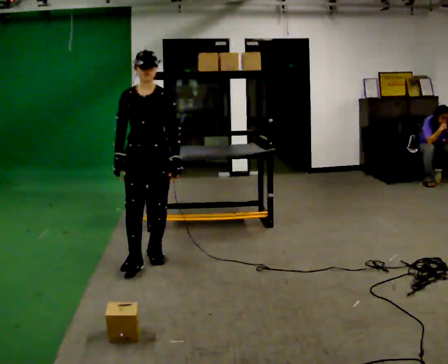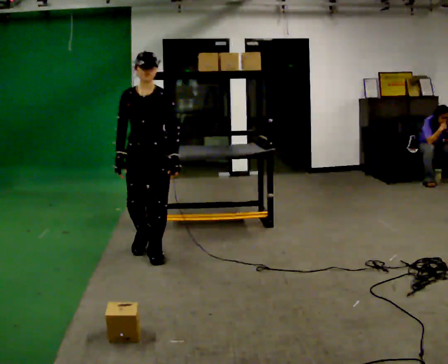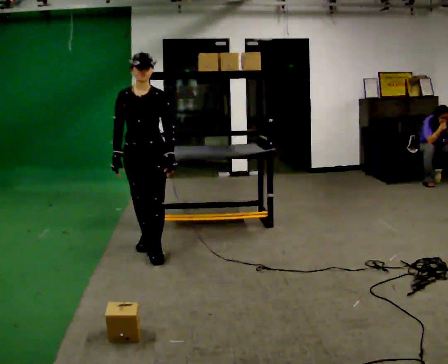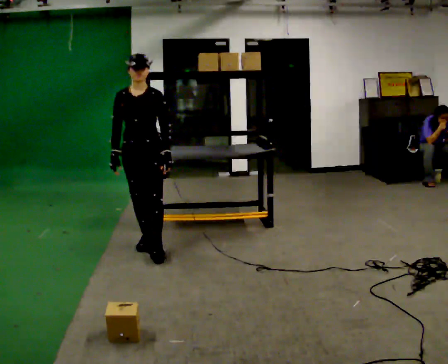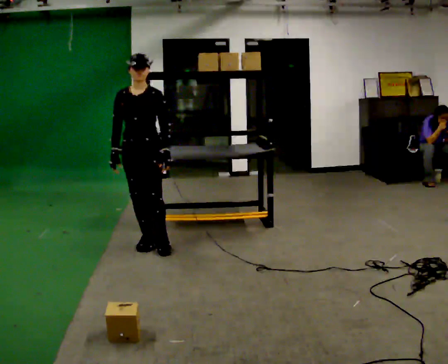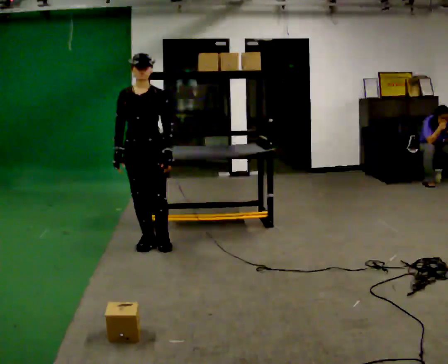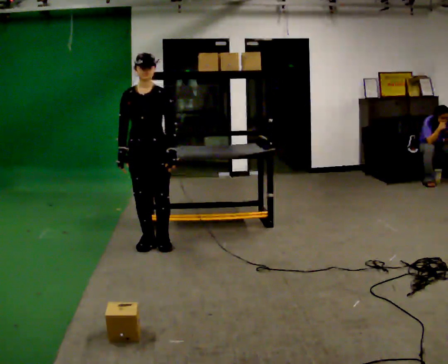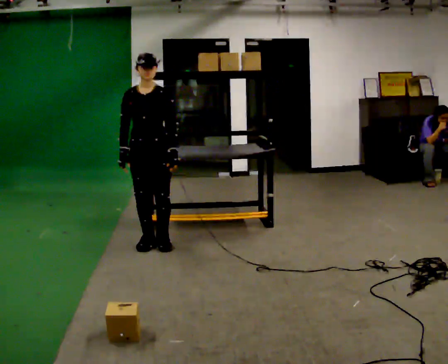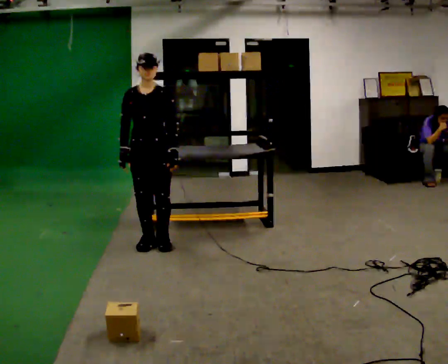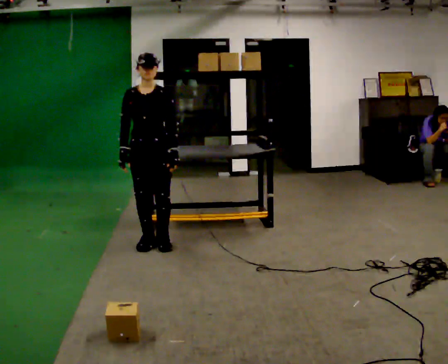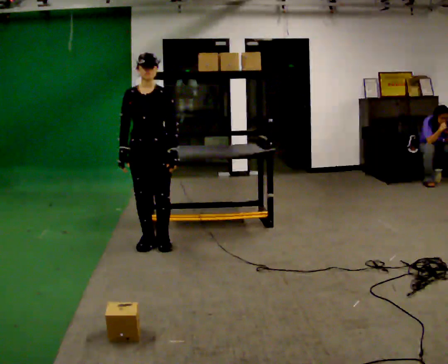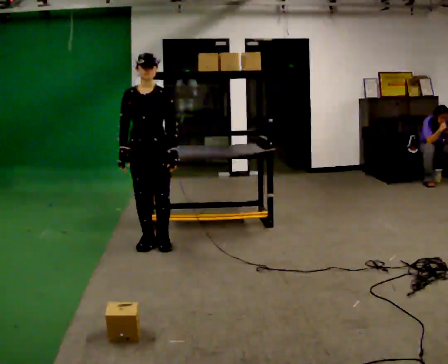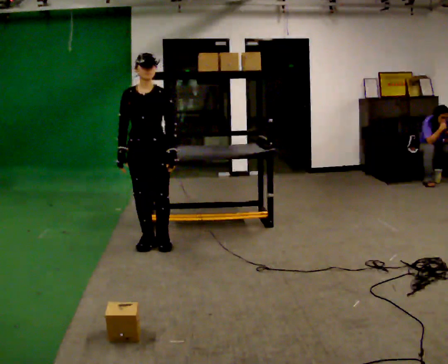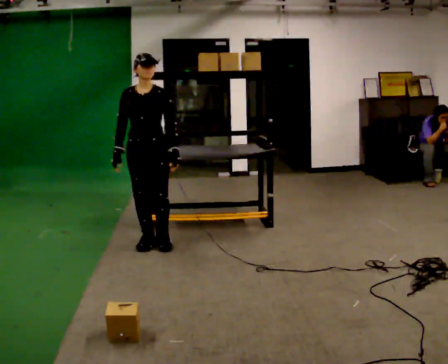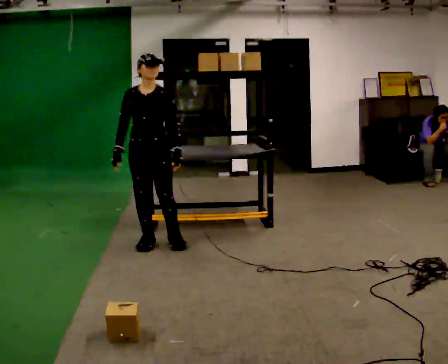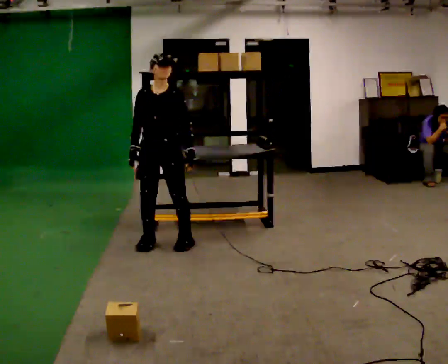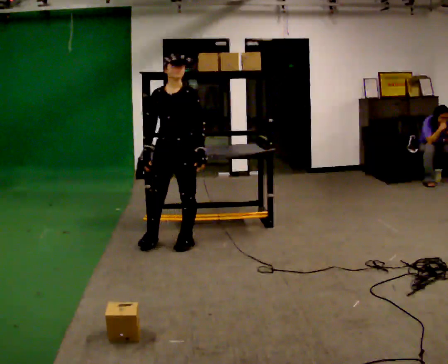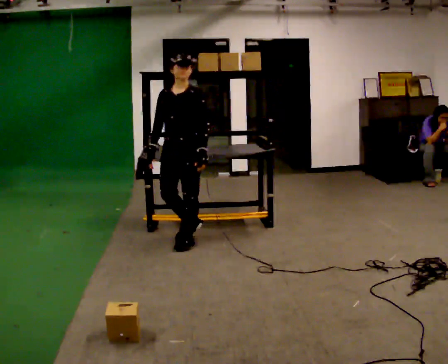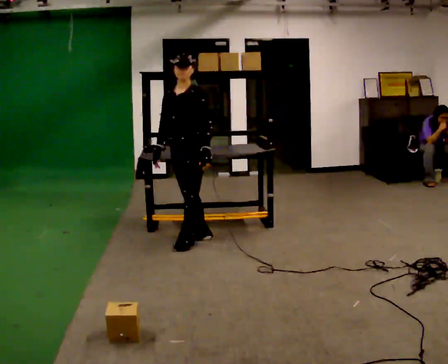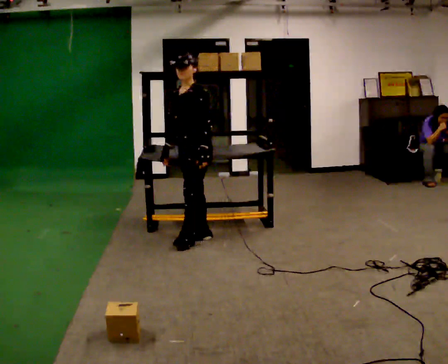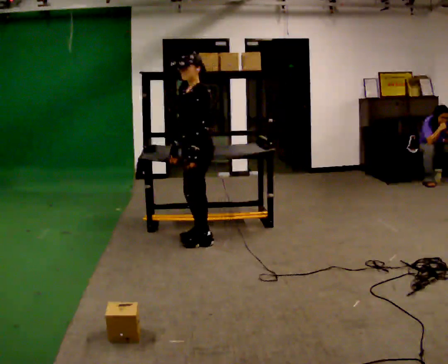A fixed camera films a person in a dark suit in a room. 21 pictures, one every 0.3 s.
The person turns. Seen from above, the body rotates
clockwise.
The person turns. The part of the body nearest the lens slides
to the left.
0.0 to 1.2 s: In the picture they go away from the camera, about 0.25 m in 1 step, which for them is backward.
1.2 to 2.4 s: The person moves a little, or ends about where they began.
2.4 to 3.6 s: The person keeps their place and pose.
3.6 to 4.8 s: In the picture they go to the right, about 0.25 m in 2 steps, which for them is to their left.
4.8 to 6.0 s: The person turns about 60 degrees to their right, clockwise seen from above, so the part of the body nearest the lens slides to the left. In the picture they go to the right, about 0.25 m in 1 step, which for them is backward.
The film runs backward here.
